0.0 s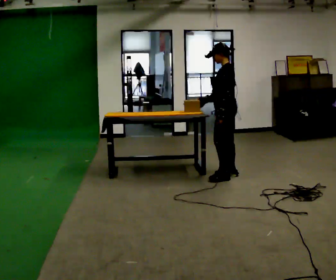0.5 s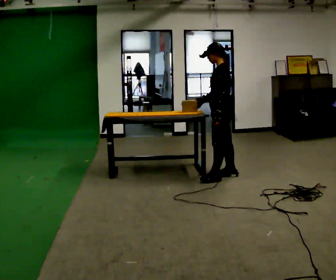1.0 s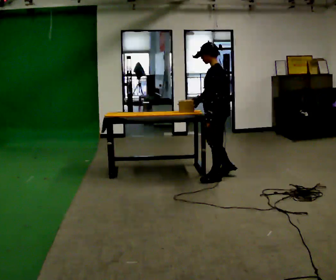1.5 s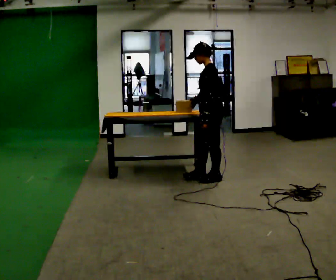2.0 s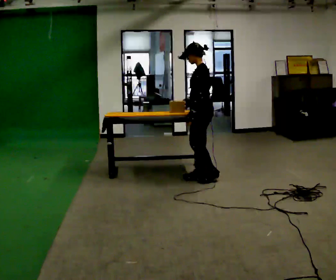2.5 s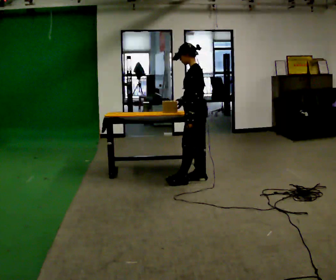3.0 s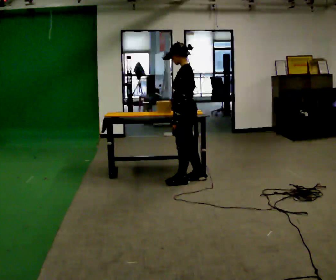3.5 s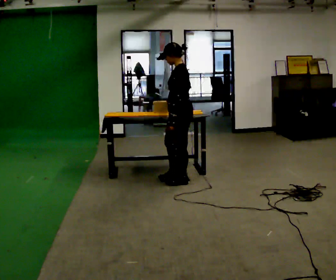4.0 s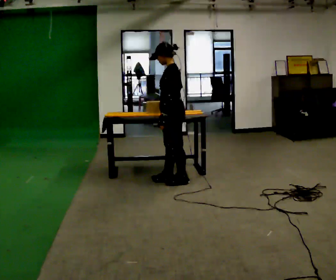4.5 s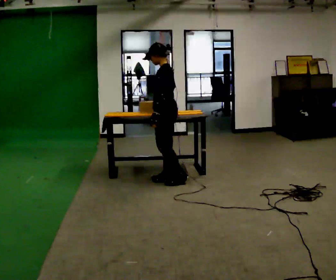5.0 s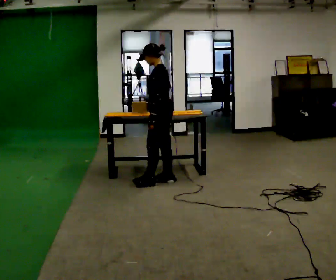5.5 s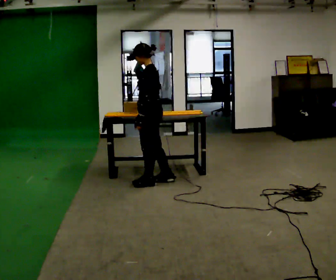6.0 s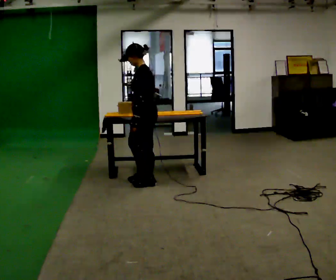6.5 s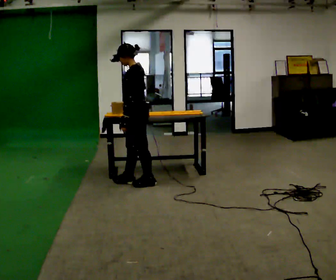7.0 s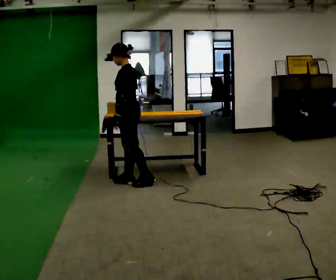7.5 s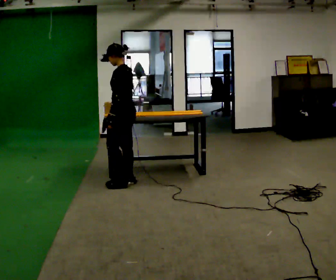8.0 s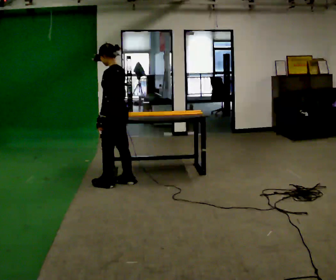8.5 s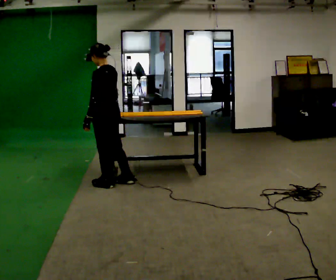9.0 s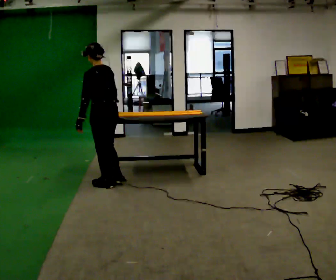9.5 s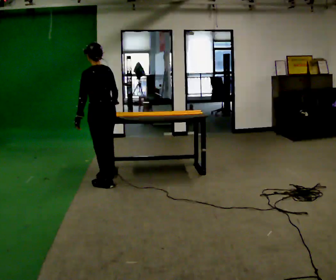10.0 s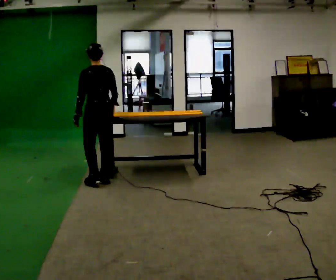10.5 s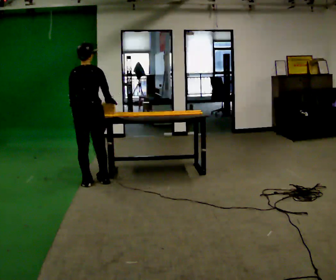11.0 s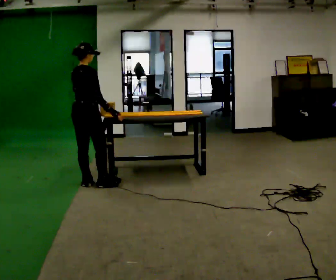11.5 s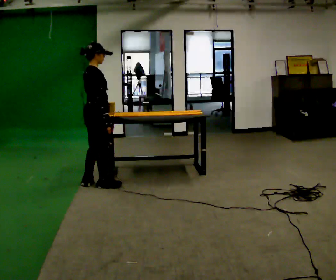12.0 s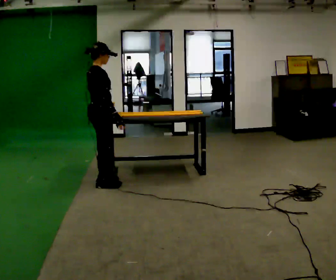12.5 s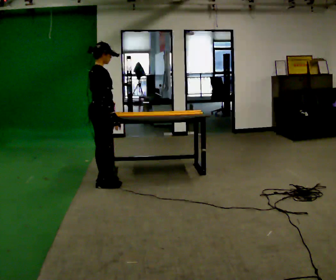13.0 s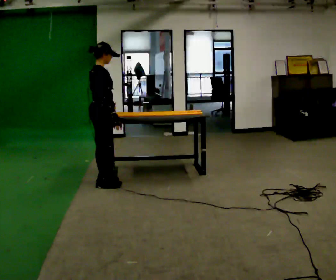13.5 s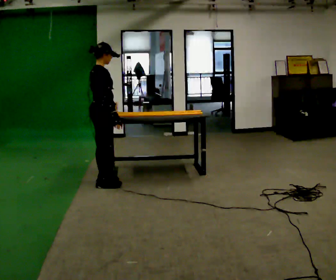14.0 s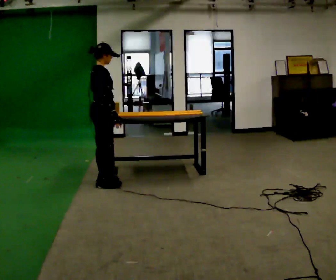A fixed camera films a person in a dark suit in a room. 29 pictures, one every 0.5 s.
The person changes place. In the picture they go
to the left.
The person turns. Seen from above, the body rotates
clockwise.
0.0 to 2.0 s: In the picture they go to the left, about 0.25 m in 1 step, which for them is forward and to their left.
2.0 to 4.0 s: In the picture they go to the left, about 0.25 m in 2 steps, which for them is forward.
4.0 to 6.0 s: In the picture they go to the left, about 0.25 m in 1 step, which for them is forward.
6.0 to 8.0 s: In the picture they go to the left, about 0.25 m in 2 steps, which for them is forward.
8.0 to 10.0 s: Seen from above the body turns clockwise, about 45 degrees: to their right, with its near side sliding to the left. In the picture they go to the left, about 0.25 m in 1 step, which for them is forward.
10.0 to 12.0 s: The part of the body nearest the lens slides to the left as the person turns to their right by about 105 degrees.
12.0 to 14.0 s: The person moves a little, or ends about where they began.
The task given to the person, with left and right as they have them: Carry the object across the room and slide it into the slot on the shelf. It is a close fit, so take the time you need. Keep going until the operator says stop; one object at a time, and do not rush between trips.
The film runs forward here.
